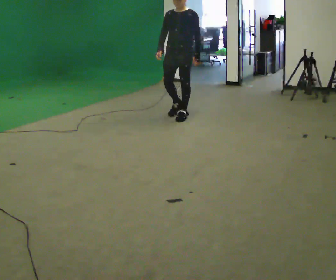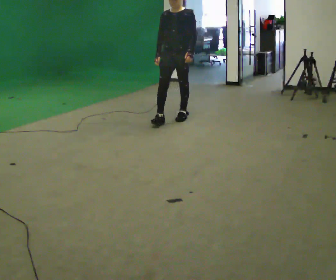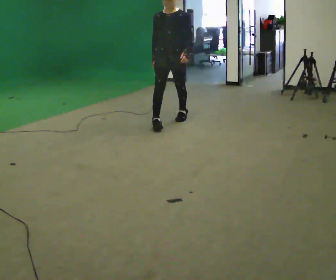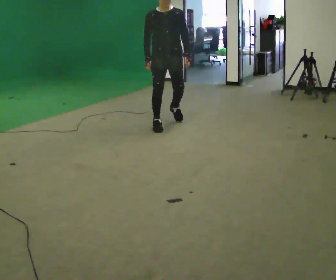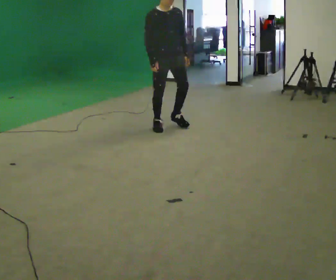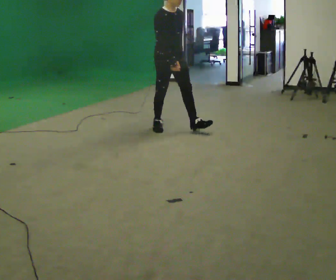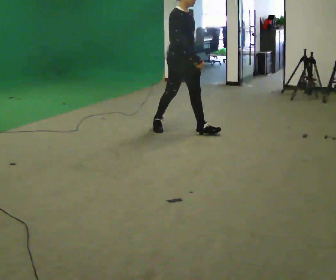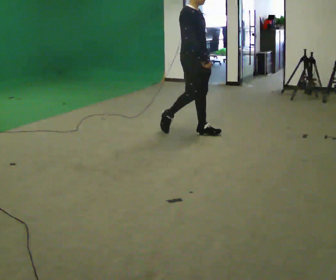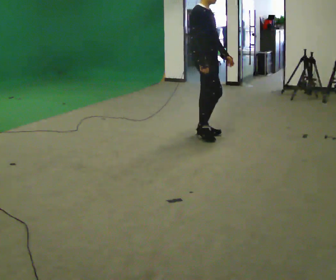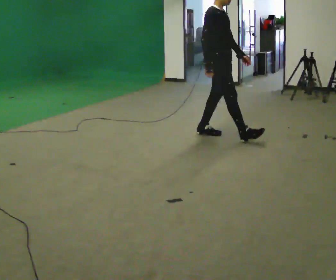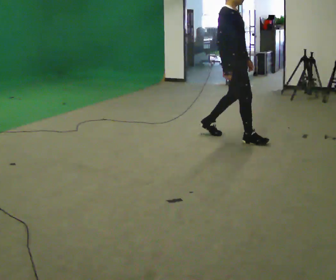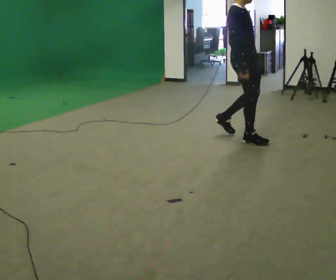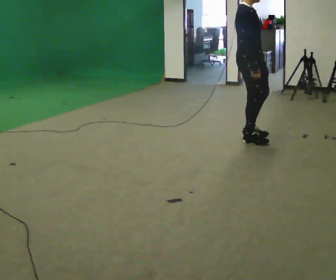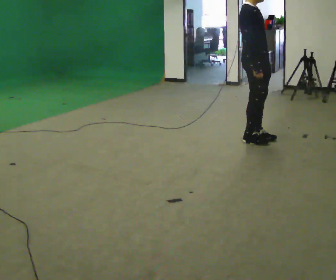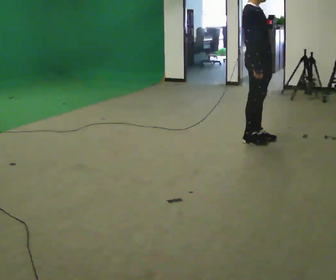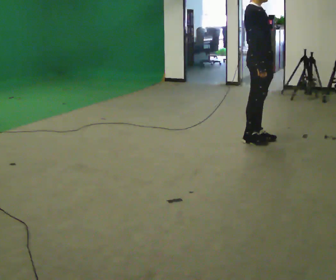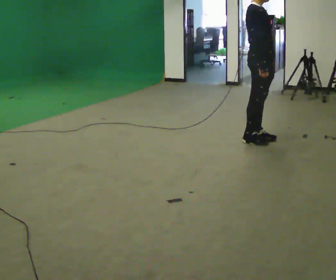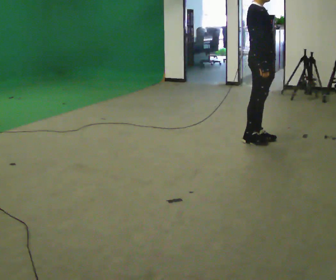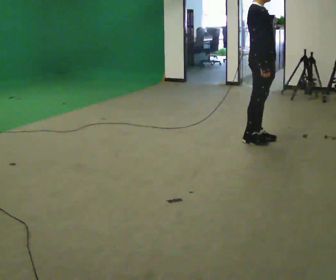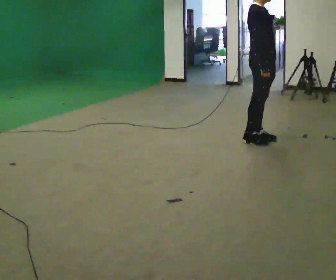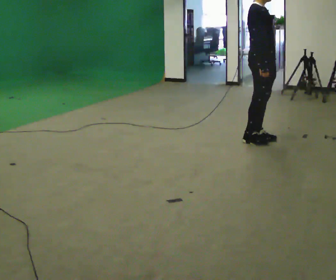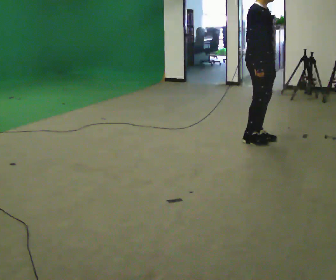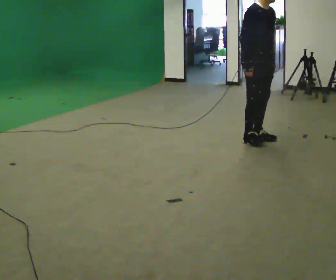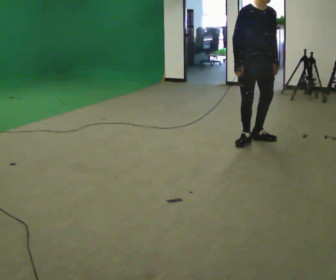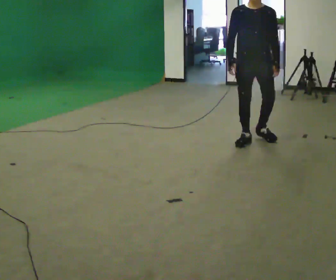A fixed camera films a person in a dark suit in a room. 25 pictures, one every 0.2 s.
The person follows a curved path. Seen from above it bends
counterclockwise.
0.0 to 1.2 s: The part of the body nearest the lens slides to the right as the person turns to their left by about 75 degrees. In the picture they go toward the camera, about 0.75 m in 2 steps.
1.2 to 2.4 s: In the picture they go to the right, about 1 m in 1 step, which for them is forward.
2.4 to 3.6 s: The person moves a little, or ends about where they began.
3.6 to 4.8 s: The person turns about 75 degrees to their right, clockwise seen from above, so the part of the body nearest the lens slides to the left. In the picture their right hand goes to the left.
The film runs forward here.
